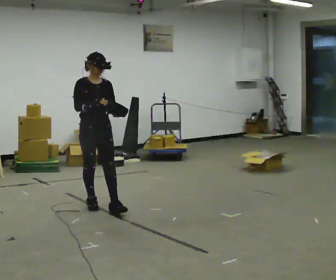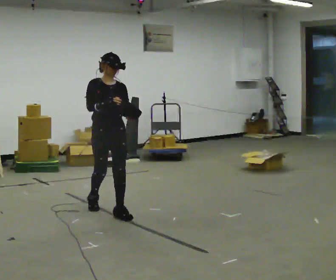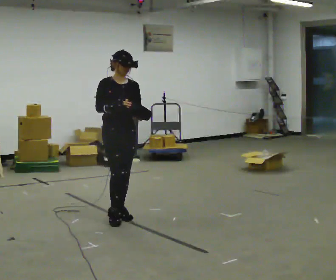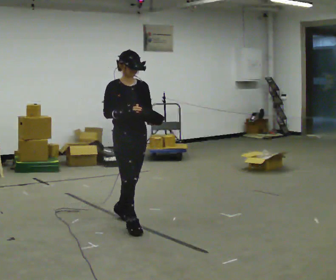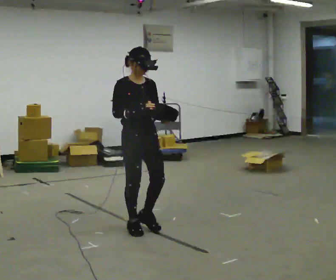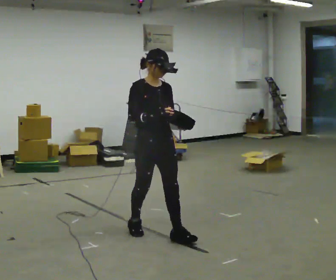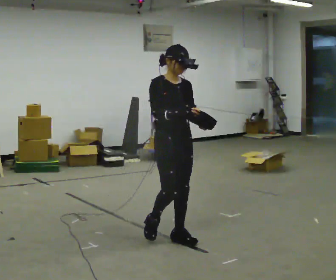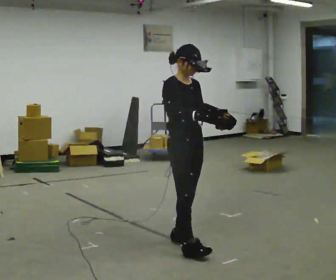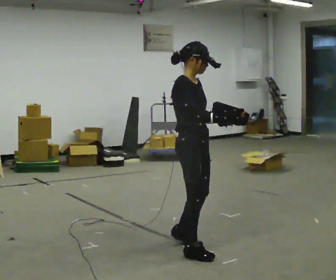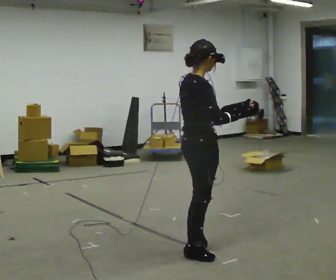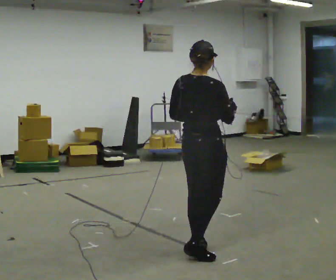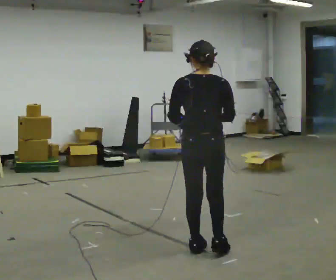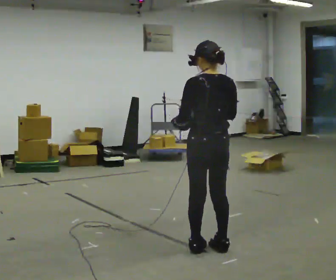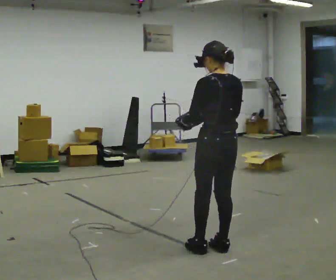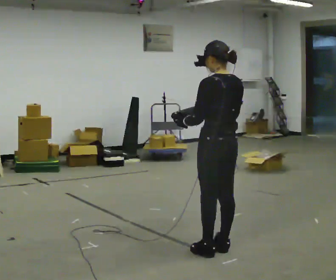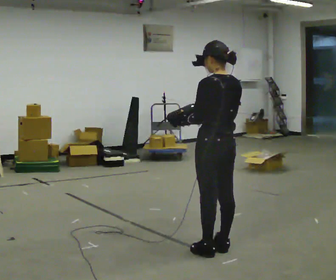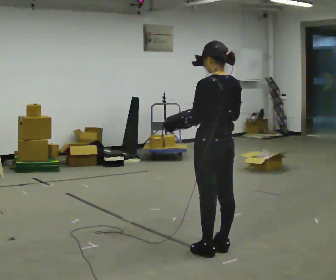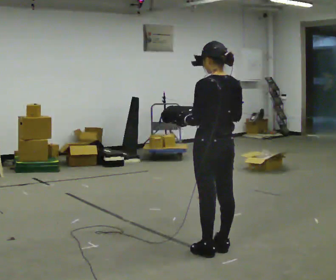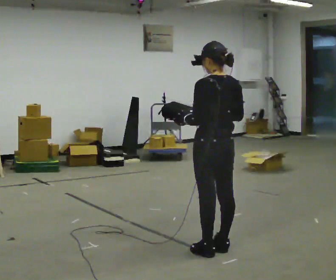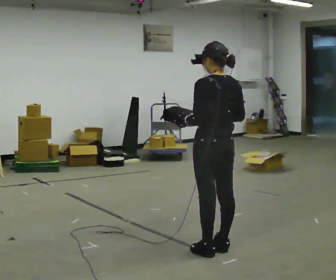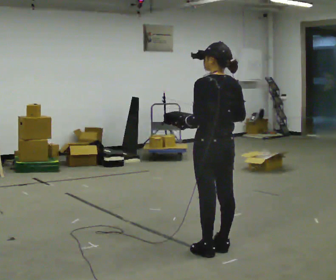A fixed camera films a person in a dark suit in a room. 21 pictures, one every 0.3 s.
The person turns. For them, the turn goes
to their left.
The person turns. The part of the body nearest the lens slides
to the right.
0.0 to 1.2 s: In the picture they go toward the camera and to the right, about 1 m in 2 steps, which for them is forward.
1.2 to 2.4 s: The part of the body nearest the lens slides to the right as the person turns to their left by about 30 degrees. In the picture they go to the right and toward the camera, about 0.75 m in 2 steps, which for them is forward.
2.4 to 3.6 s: The person turns about 135 degrees to their left, counterclockwise seen from above, so the part of the body nearest the lens slides to the right. In the picture they go to the right, about 0.25 m in 2 steps.
3.6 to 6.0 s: The person moves a little, or ends about where they began.
The film runs forward here.
